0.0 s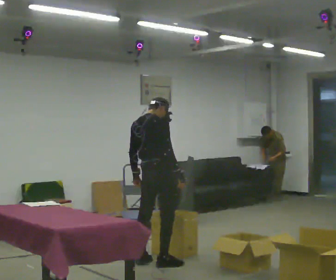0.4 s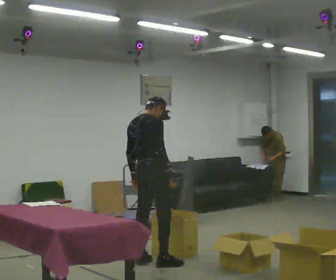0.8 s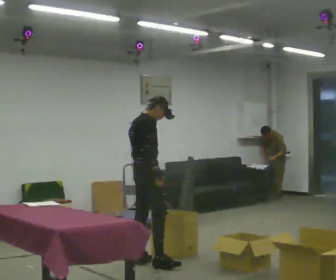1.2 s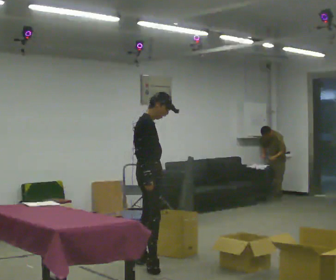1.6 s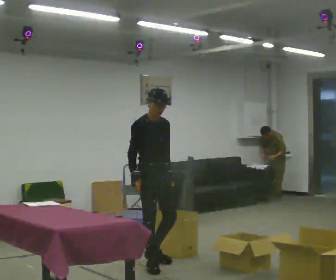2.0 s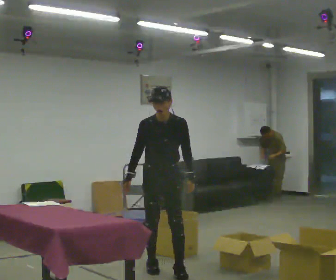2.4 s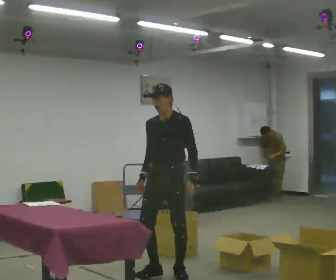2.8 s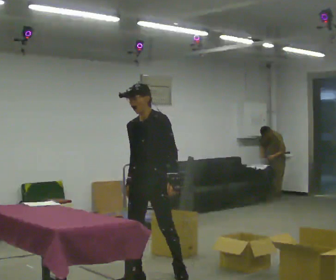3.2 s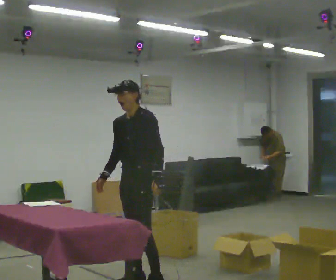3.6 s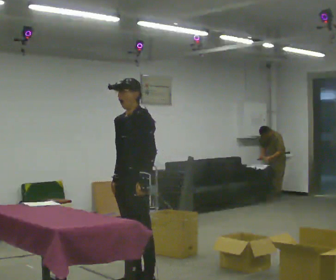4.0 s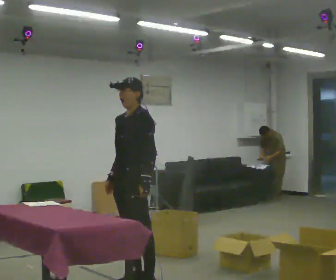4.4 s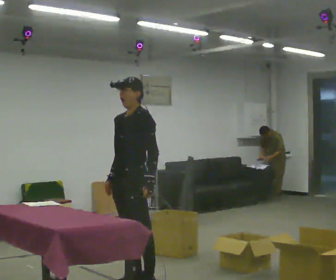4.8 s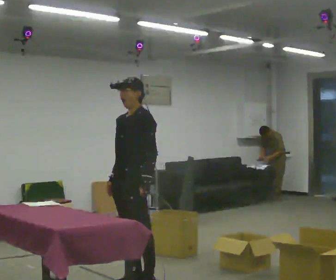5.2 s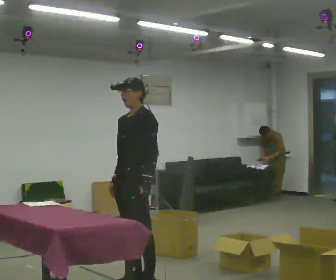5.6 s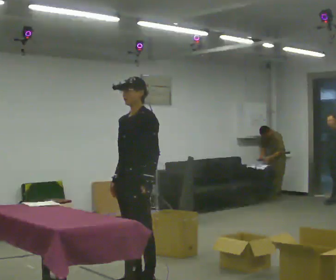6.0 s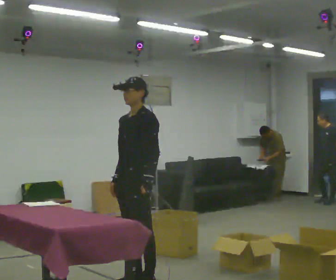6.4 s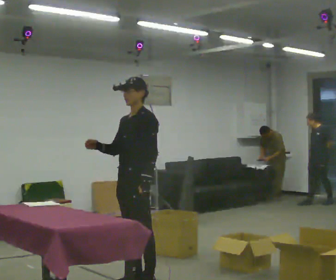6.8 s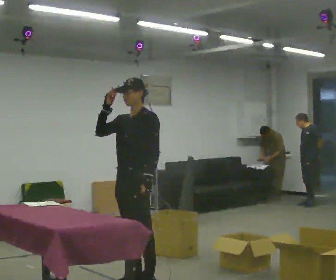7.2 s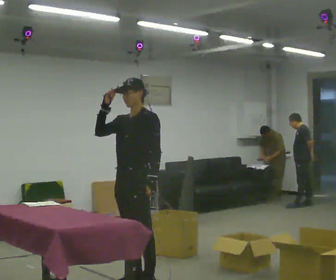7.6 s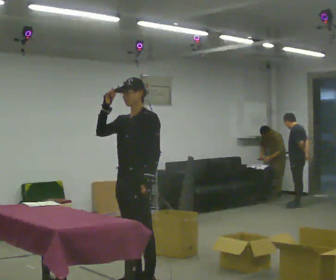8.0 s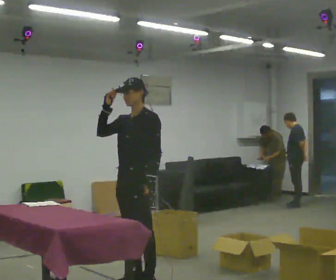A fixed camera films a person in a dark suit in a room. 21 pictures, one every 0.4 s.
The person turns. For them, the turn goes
to their right.
The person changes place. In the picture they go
toward the camera.
0.0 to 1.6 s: The part of the body nearest the lens slides to the left as the person turns to their right by about 90 degrees. In the picture they go toward the camera, about 0.25 m. In the picture their right hand goes to the left.
1.6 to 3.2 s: Seen from above the body turns clockwise, about 90 degrees: to their right, with its near side sliding to the left. In the picture they go toward the camera, about 0.5 m in 2 steps.
3.2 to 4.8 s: In the picture they go toward the camera, about 0.25 m in 1 step, which for them is forward.
4.8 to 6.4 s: In the picture their right hand goes upward, the arm swinging clockwise.
6.4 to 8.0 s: The person moves a little, or ends about where they began.
The film runs forward here.
